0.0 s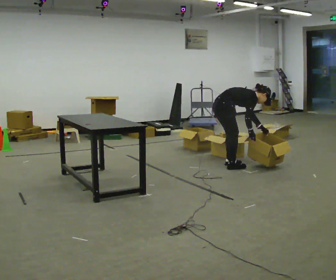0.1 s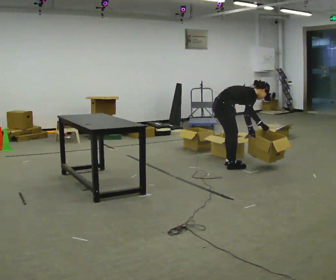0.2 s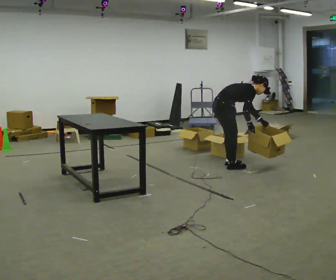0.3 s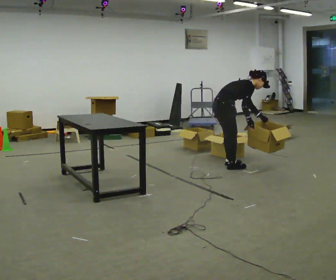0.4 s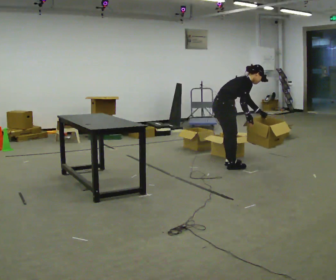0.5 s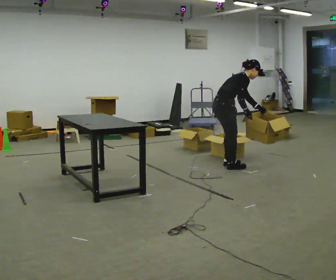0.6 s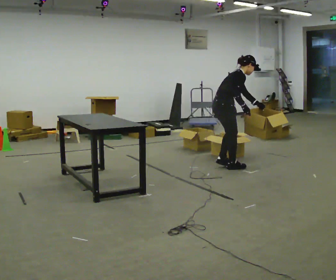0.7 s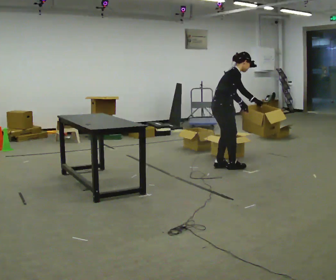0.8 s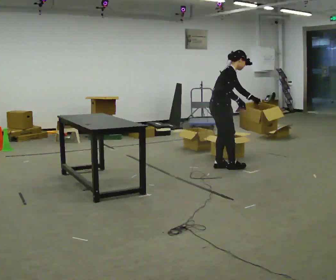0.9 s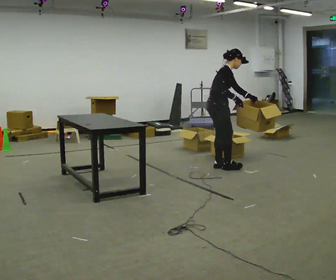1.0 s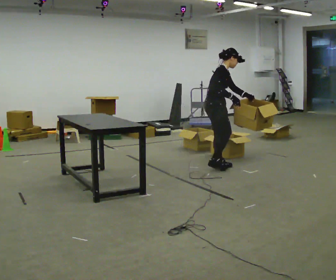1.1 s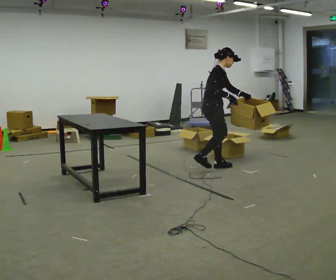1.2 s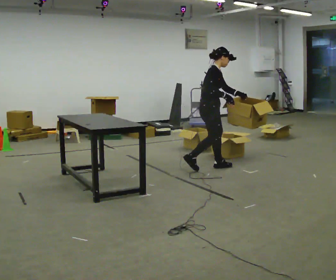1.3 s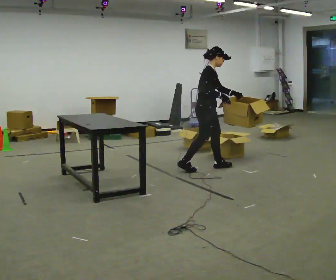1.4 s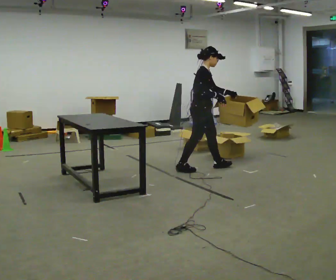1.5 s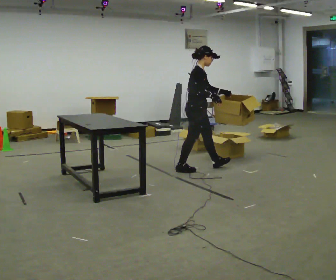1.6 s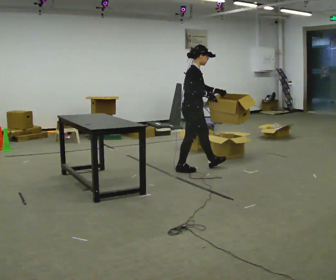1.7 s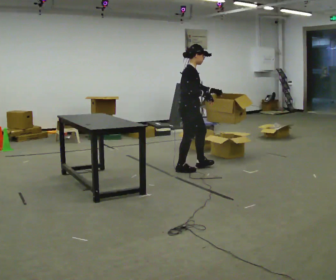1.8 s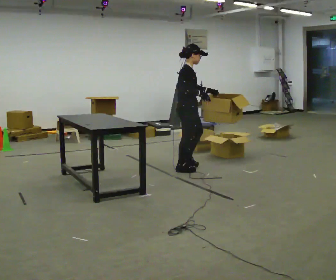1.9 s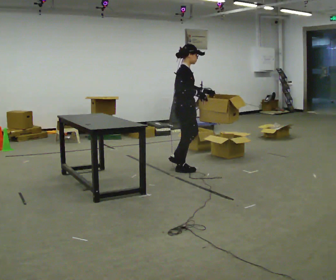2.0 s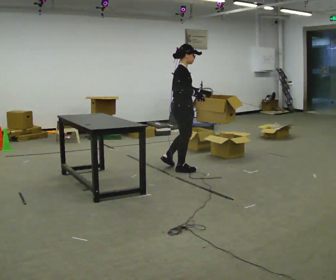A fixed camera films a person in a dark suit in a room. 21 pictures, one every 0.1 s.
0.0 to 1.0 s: The shoulders move upward. In the picture the upper body tilts counterclockwise, shoulders to the left, as they lean back or straighten. In the picture their left hand goes upward.
1.0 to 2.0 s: In the picture they go to the left, about 0.5 m in 1 step, which for them is backward and to their right. In the picture the upper body tilts counterclockwise, shoulders to the left, as they lean back or straighten.
The film runs backward here.
